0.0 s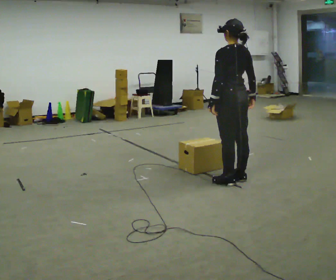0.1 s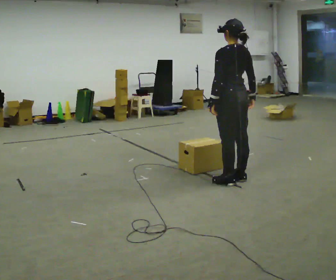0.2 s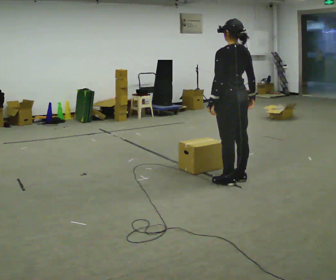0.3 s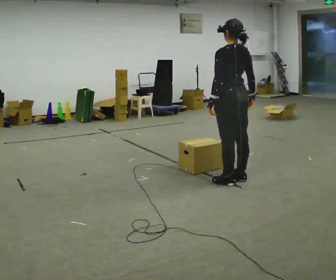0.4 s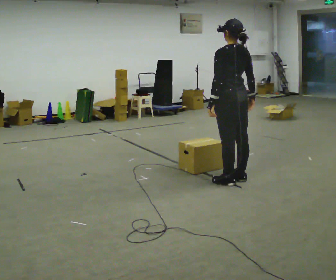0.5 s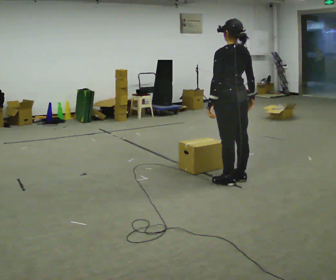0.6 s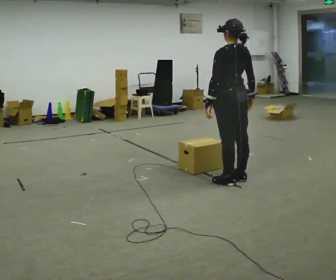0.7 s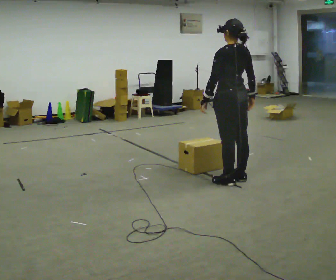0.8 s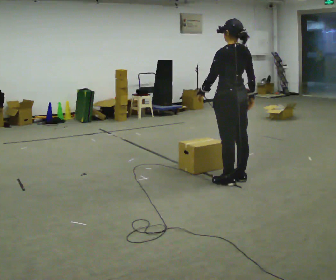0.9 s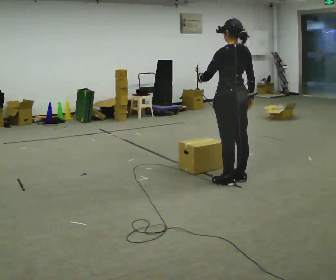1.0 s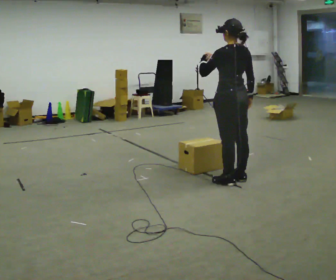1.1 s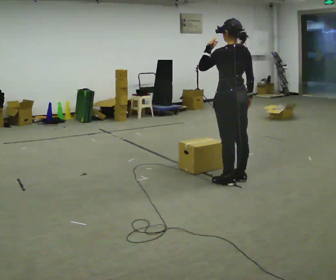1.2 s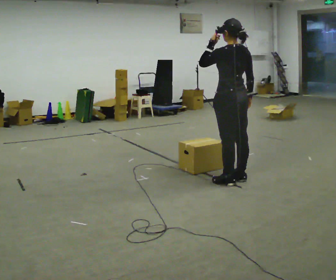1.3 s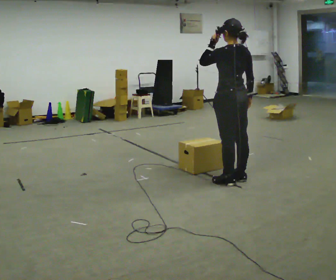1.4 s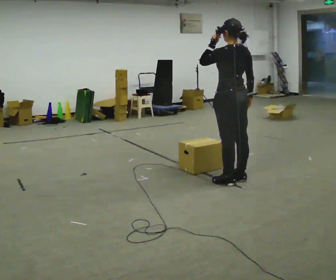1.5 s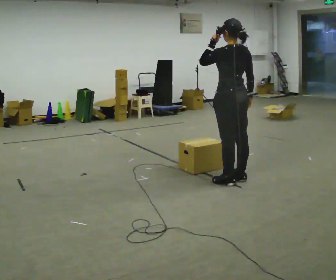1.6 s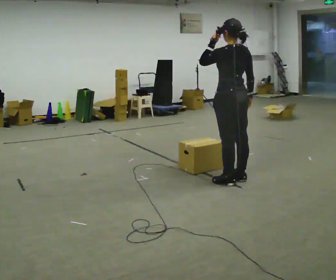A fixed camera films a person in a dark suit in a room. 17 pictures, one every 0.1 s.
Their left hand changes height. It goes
upward.
0.0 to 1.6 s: In the picture their left hand goes upward.
The film runs backward here.
